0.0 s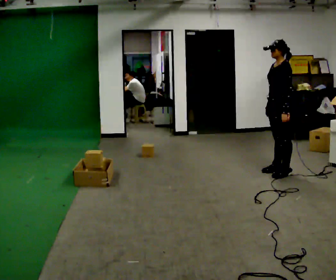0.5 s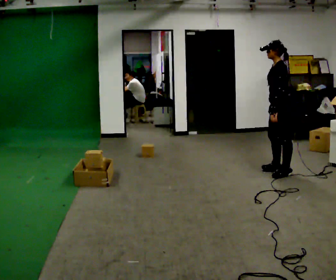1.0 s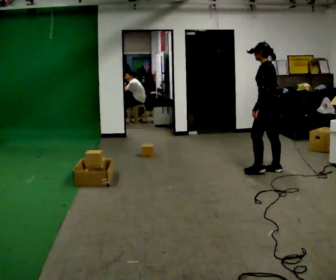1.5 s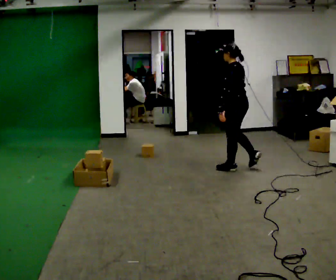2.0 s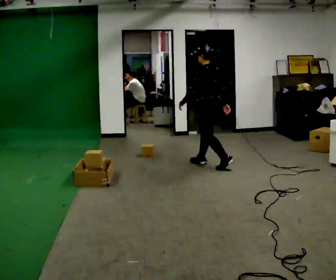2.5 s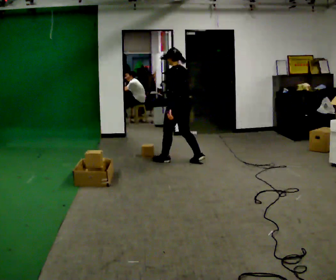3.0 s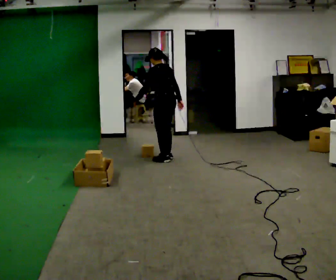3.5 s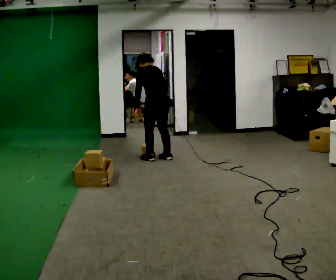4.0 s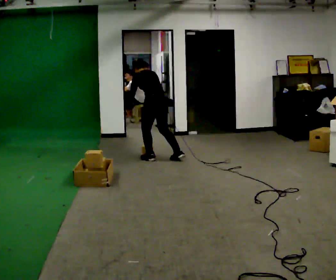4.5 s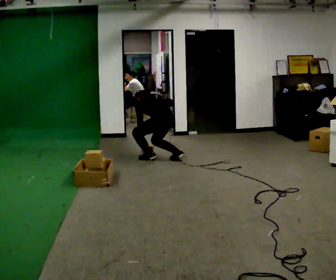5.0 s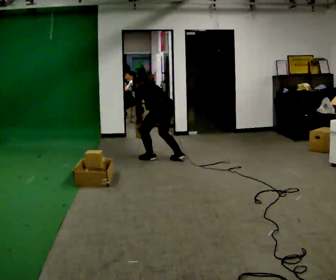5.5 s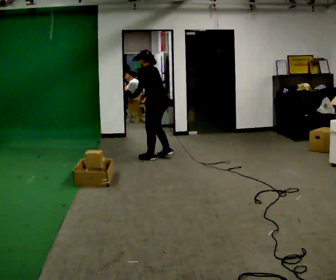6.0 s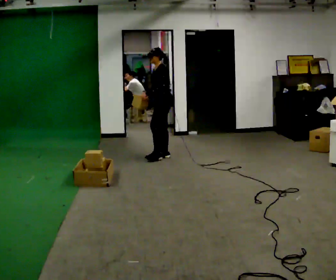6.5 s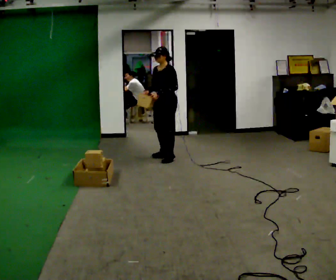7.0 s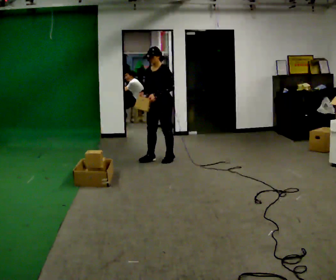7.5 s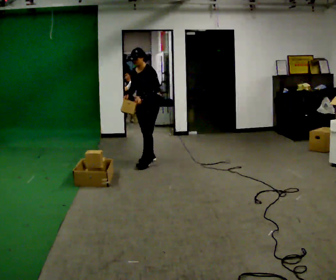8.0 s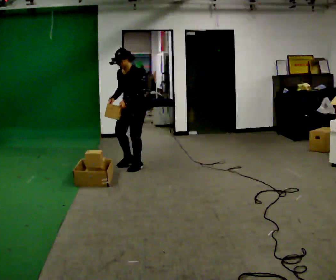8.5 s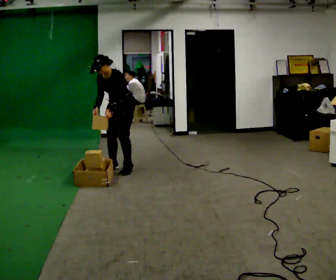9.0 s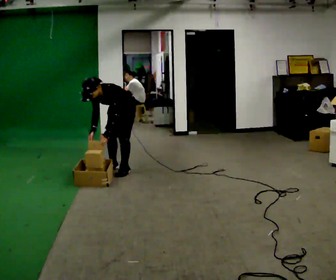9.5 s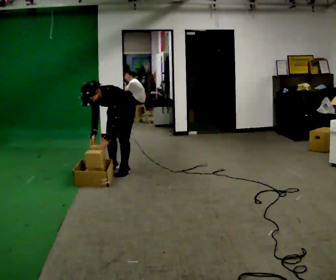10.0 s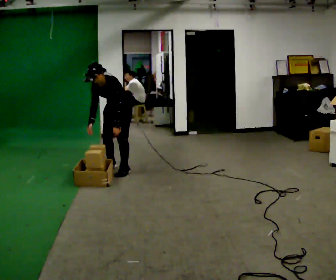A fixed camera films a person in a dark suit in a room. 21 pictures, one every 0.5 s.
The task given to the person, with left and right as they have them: Take the objects from the bin one at a time and put one in each of the places the operator points out. Keep going until the operator says stop; one object at a time, and do not rush between trips.
0.0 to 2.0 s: The part of the body nearest the lens slides to the left as the person turns to their right by about 30 degrees. In the picture they go to the left and away from the camera, about 1 m in 2 steps, which for them is forward.
2.0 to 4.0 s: In the picture they go to the left and away from the camera, about 1 m in 4 steps, which for them is forward. The upper body tips away from the camera, its near side rolling upward, as they bend forward.
4.0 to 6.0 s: The part of the body nearest the lens slides to the right as the person turns to their left by about 60 degrees. In the picture they go away from the camera, about 0.25 m in 1 step, which for them is to their right.
6.0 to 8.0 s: The person turns about 30 degrees to their left, counterclockwise seen from above, so the part of the body nearest the lens slides to the right. In the picture they go toward the camera and to the left, about 0.75 m in 3 steps, which for them is forward.
8.0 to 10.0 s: In the picture they go to the left, about 0.25 m in 2 steps, which for them is forward.
The film runs forward here.
